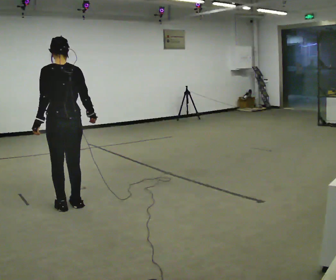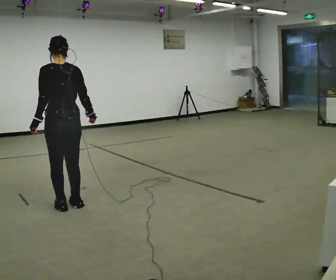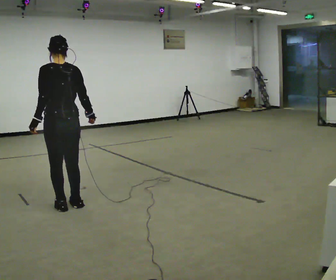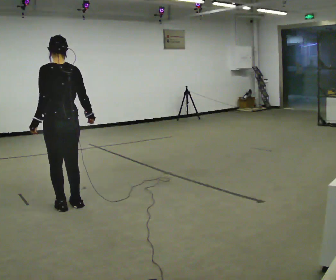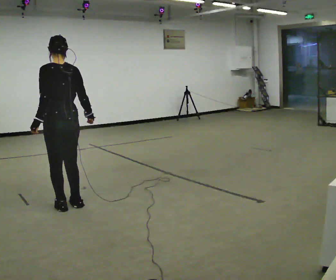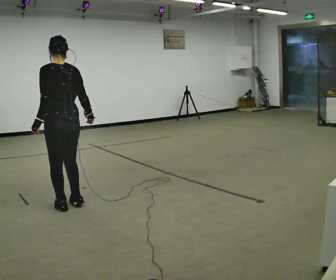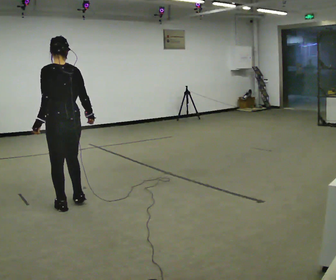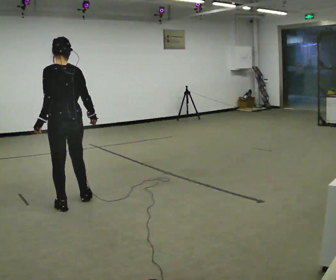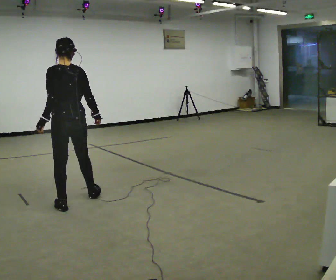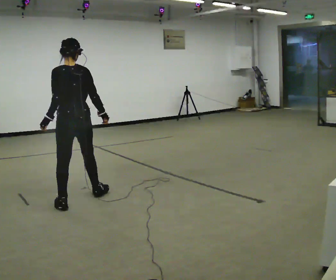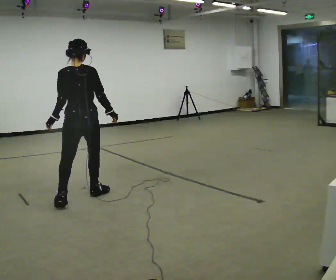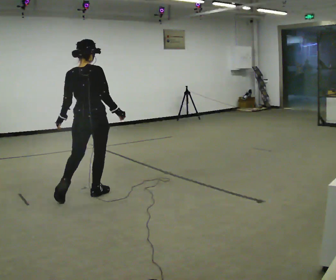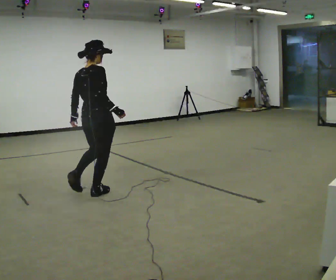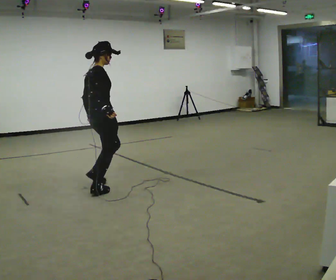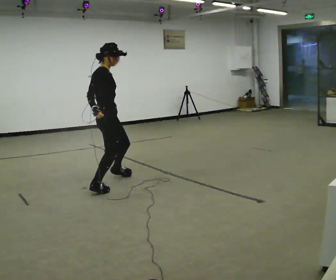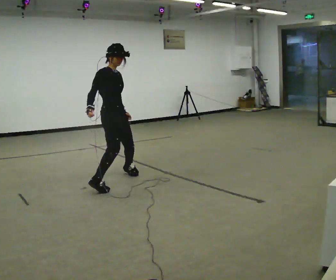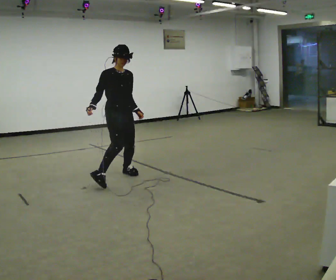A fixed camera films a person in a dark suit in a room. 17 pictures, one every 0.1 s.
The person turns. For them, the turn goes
to their right.
The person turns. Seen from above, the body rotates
clockwise.
0.0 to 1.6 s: Seen from above the body turns clockwise, about 180 degrees: to their right, with its near side sliding to the left. In the picture they go away from the camera and to the right, about 1 m in 2 steps.
The film runs forward here.
